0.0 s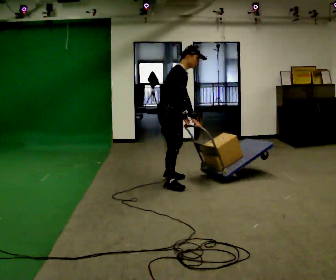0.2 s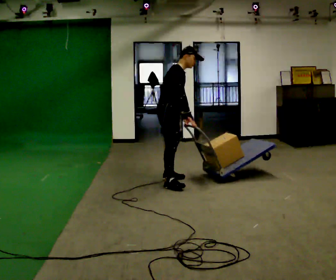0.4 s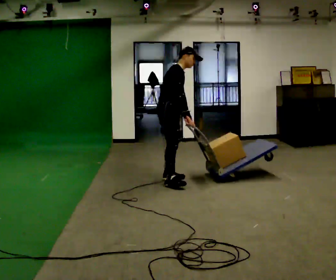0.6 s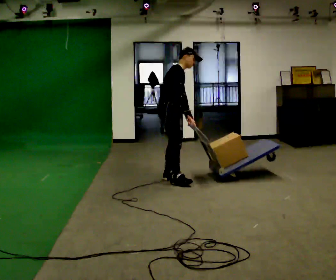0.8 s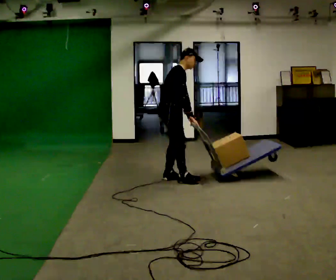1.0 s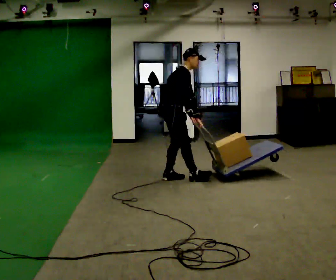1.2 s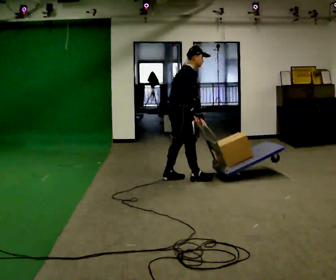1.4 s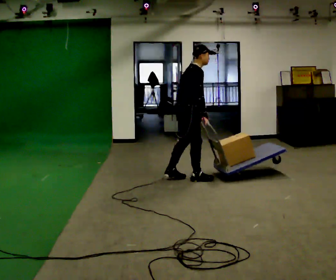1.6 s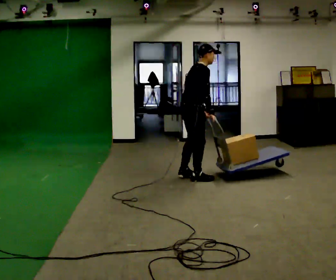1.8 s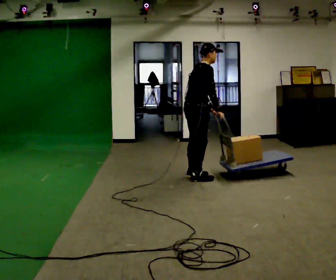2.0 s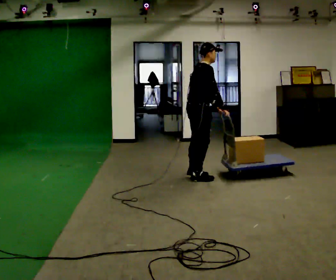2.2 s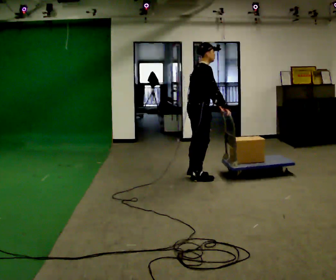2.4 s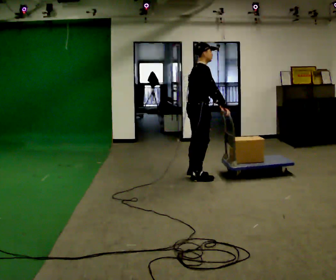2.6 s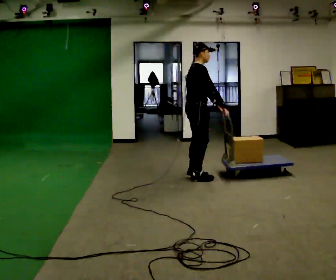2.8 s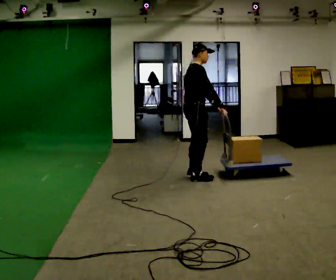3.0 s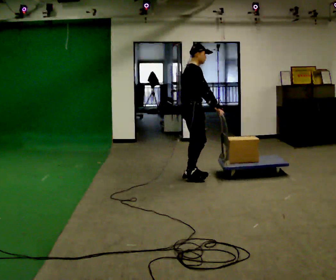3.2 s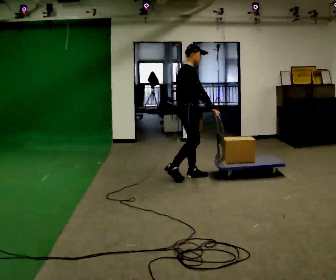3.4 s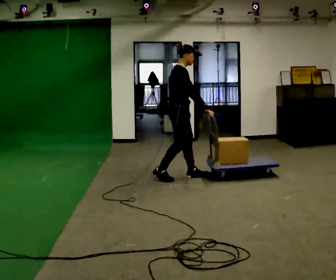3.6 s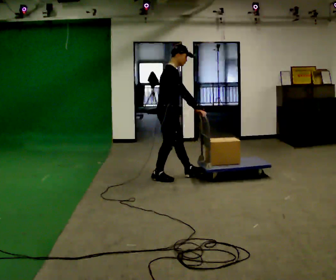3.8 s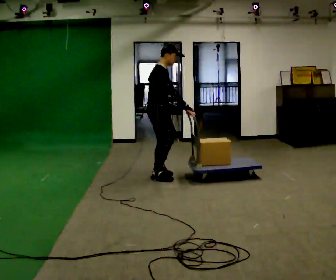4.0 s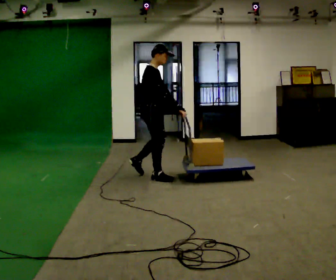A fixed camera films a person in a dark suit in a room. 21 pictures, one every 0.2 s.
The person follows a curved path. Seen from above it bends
counterclockwise.
0.0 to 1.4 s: In the picture they go away from the camera and to the right, about 0.25 m in 2 steps, which for them is to their left and forward.
1.4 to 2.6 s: The person moves a little, or ends about where they began.
2.6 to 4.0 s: In the picture they go to the left, about 0.5 m in 2 steps, which for them is backward.
The film runs backward here.
